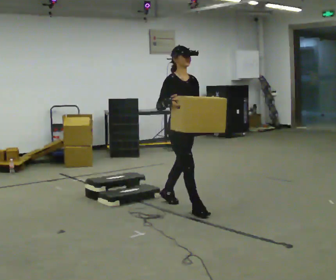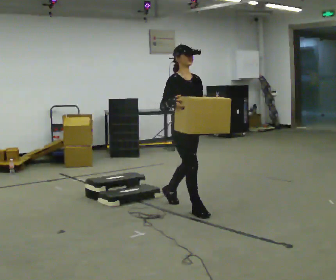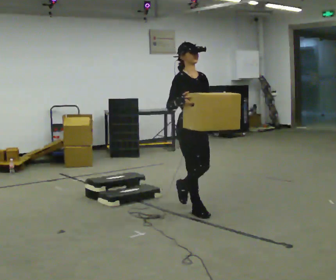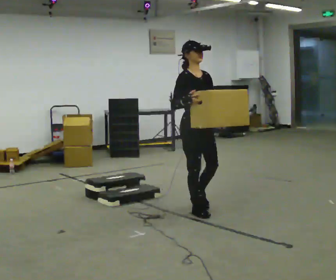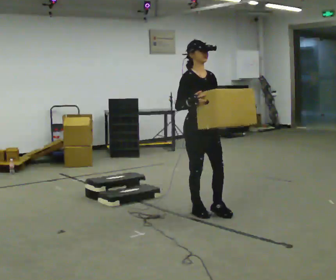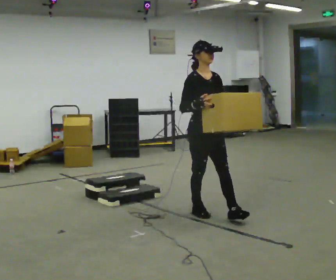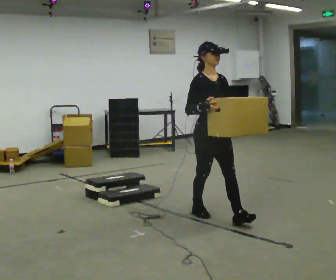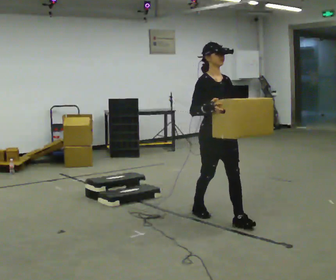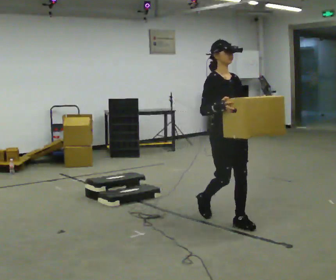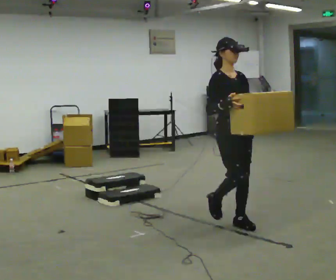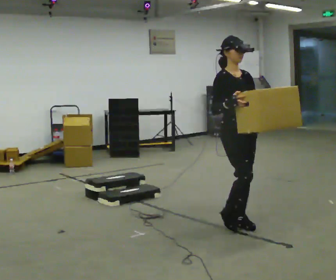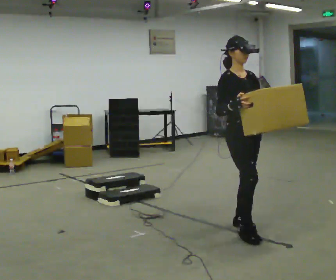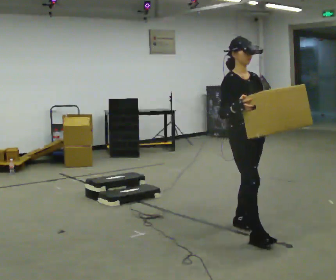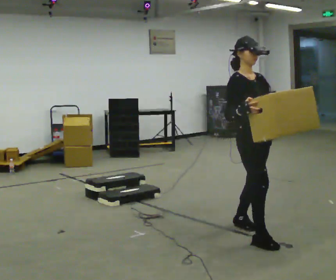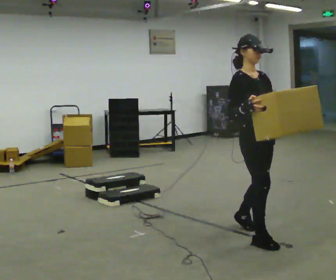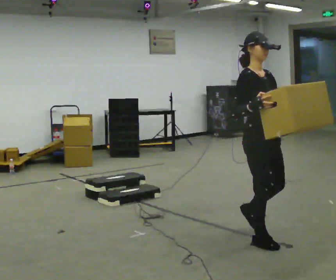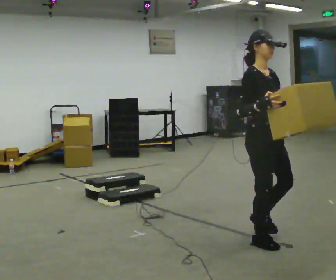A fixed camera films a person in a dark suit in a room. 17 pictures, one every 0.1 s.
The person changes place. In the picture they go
toward the camera.
0.0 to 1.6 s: In the picture they go toward the camera and to the right, about 1 m in 2 steps, which for them is forward.
The film runs forward here.
